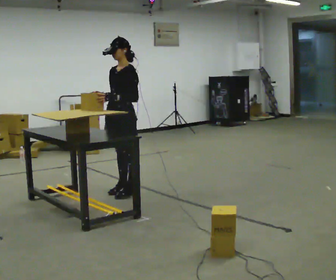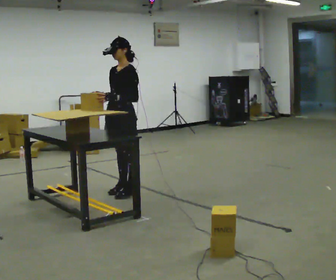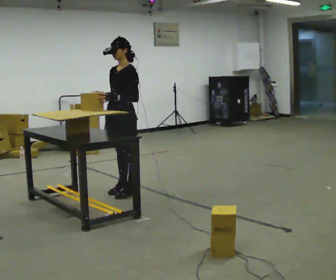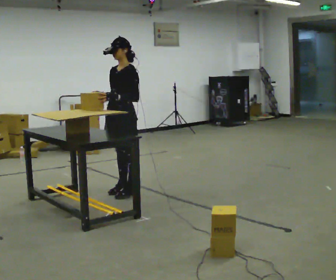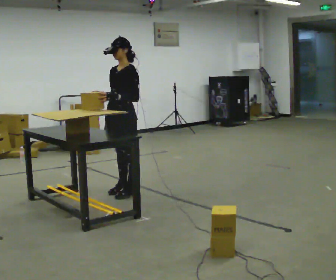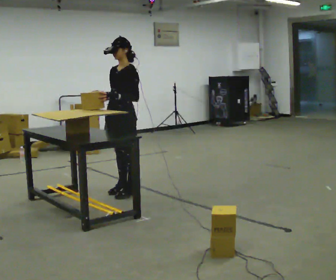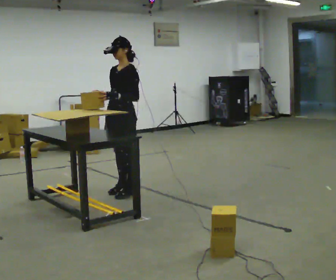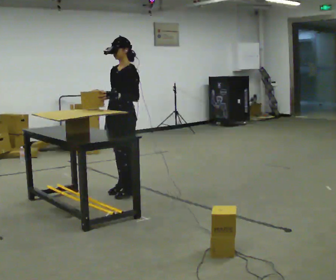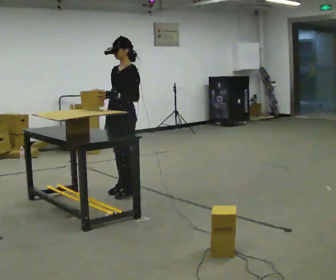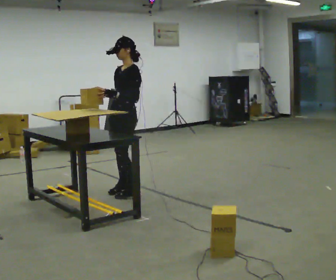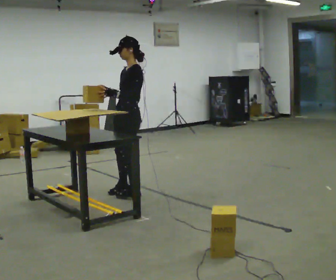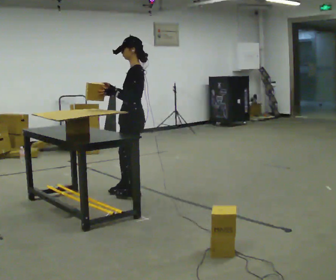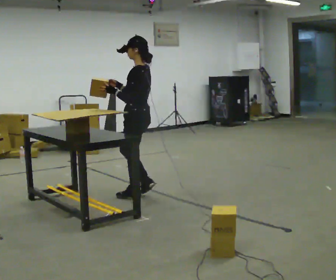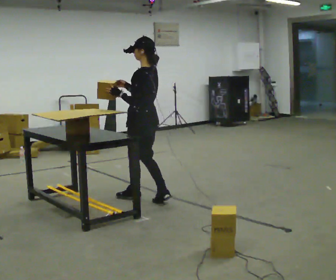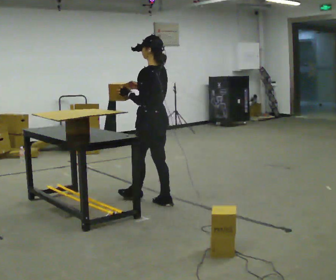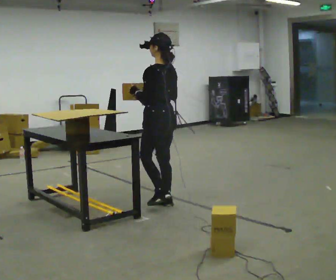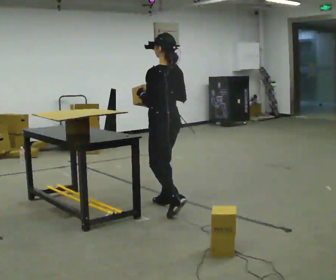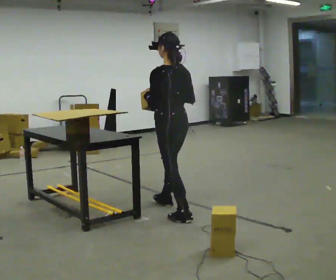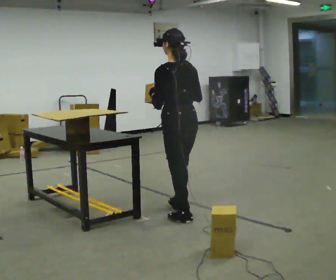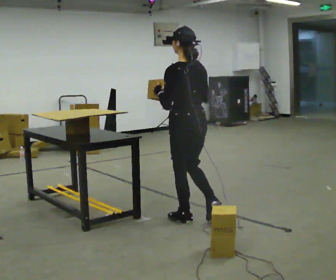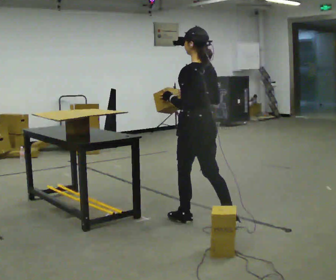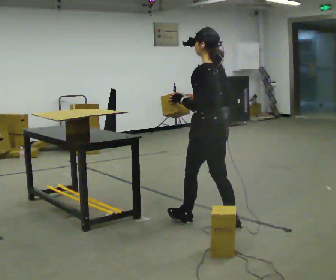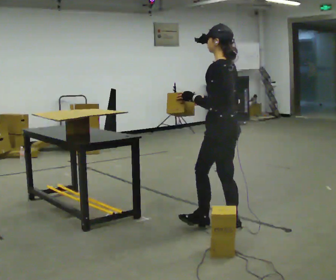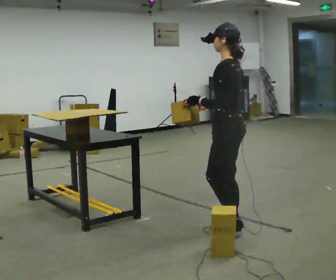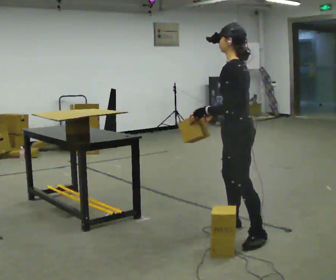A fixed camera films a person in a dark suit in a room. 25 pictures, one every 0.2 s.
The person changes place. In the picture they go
toward the camera.
0.0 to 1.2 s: The person keeps their place and pose.
1.2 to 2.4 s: The part of the body nearest the lens slides to the left as the person turns to their right by about 60 degrees. In the picture they go toward the camera, about 0.25 m in 1 step, which for them is to their left.
2.4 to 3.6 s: The part of the body nearest the lens slides to the left as the person turns to their right by about 30 degrees. In the picture they go toward the camera and to the right, about 0.5 m in 2 steps, which for them is backward.
3.6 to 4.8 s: Seen from above the body turns counterclockwise, about 45 degrees: to their left, with its near side sliding to the right. In the picture they go toward the camera and to the right, about 0.5 m in 1 step, which for them is backward.
The film runs backward here.
